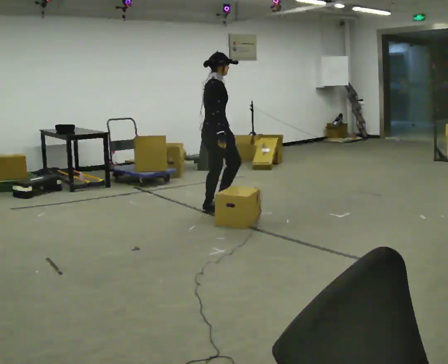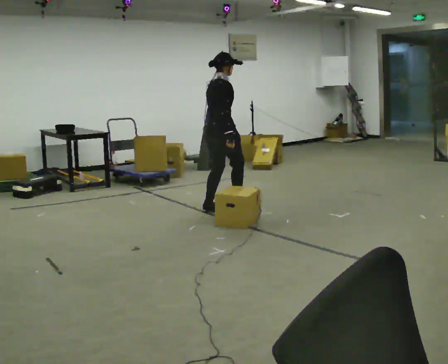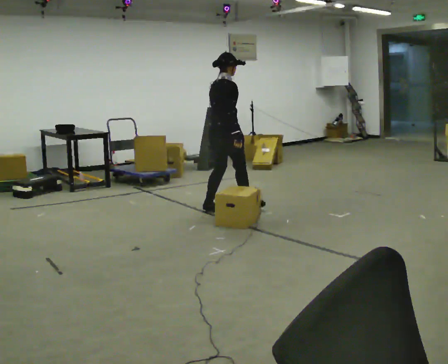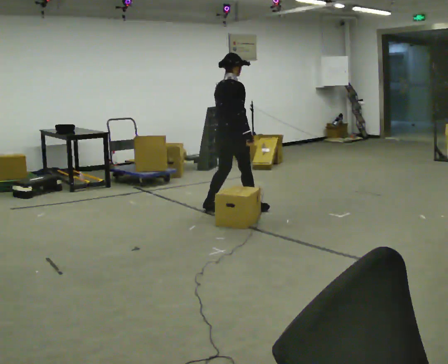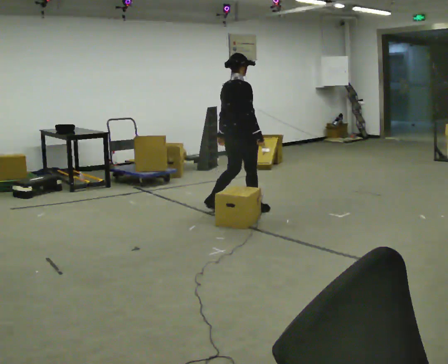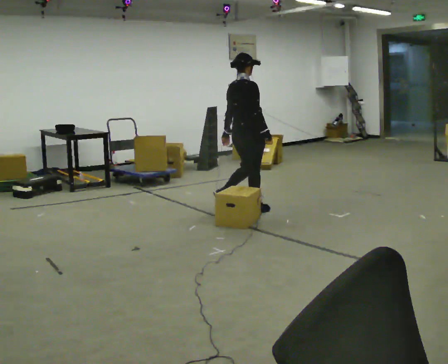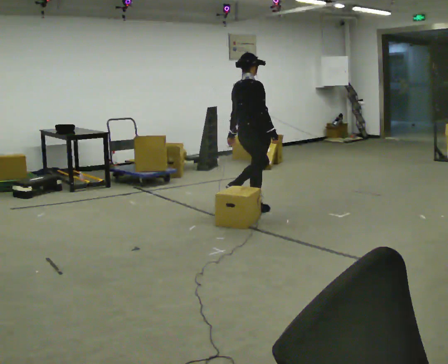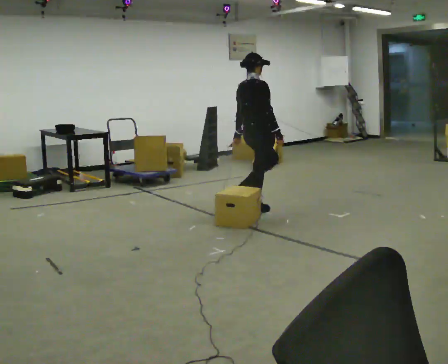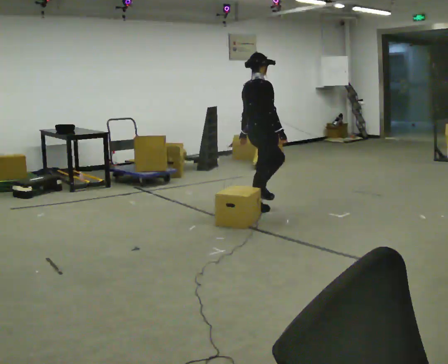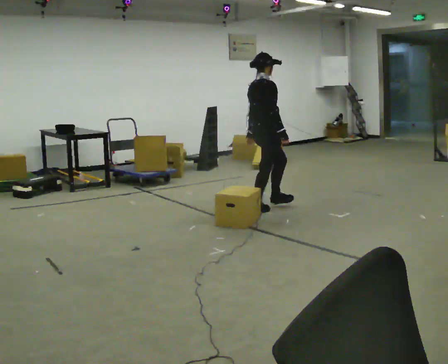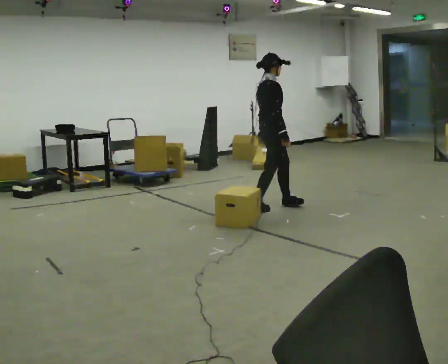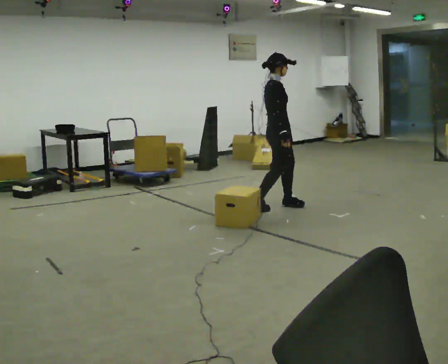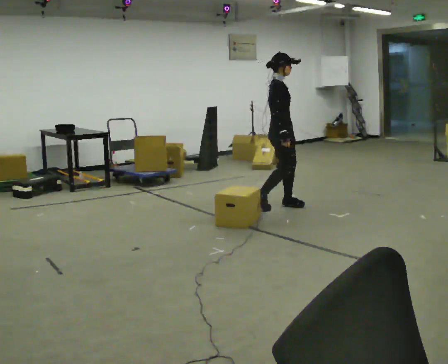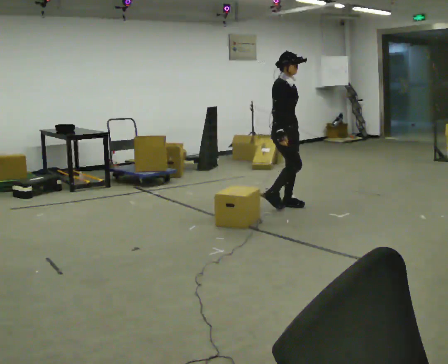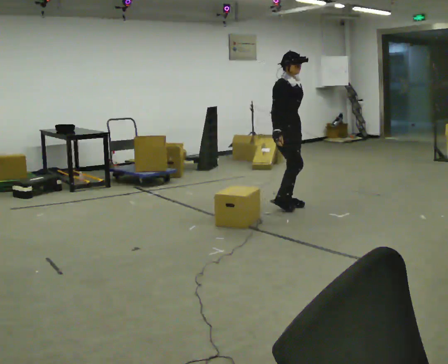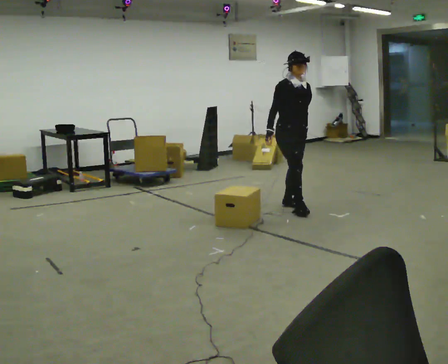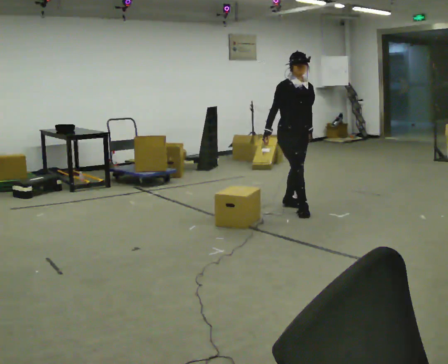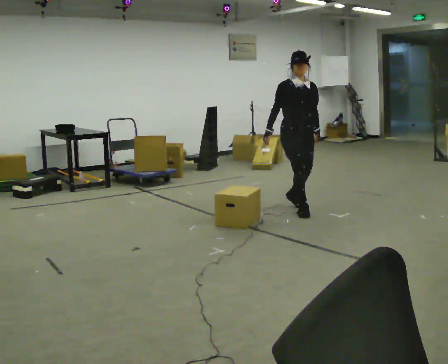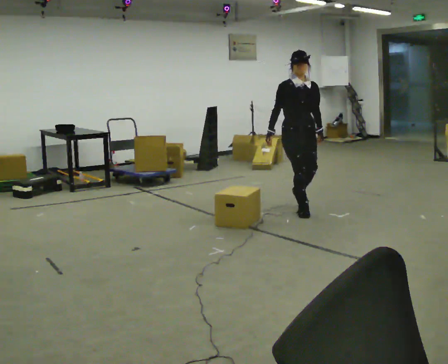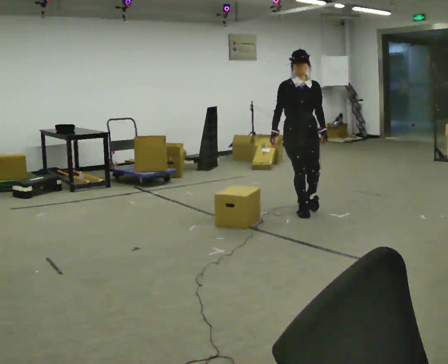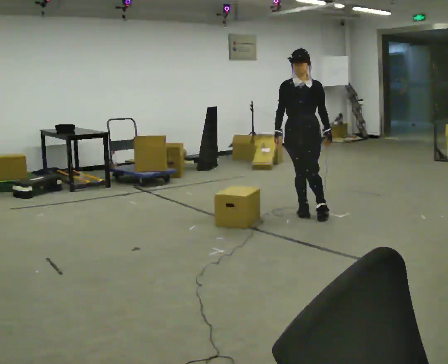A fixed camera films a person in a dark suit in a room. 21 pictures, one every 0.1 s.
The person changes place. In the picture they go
to the right.
The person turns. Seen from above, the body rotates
clockwise.
0.0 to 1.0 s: In the picture they go to the right, about 0.5 m in 2 steps, which for them is forward and to their right.
1.0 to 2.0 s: The person turns about 120 degrees to their right, clockwise seen from above, so the part of the body nearest the lens slides to the left. In the picture they go toward the camera and to the right, about 0.5 m in 1 step.
The film runs forward here.
